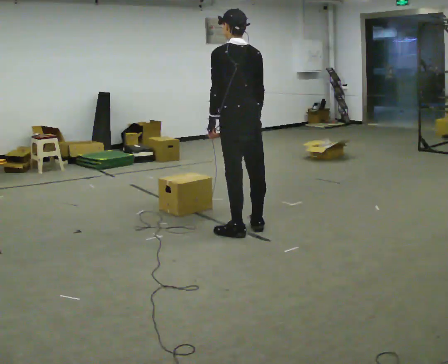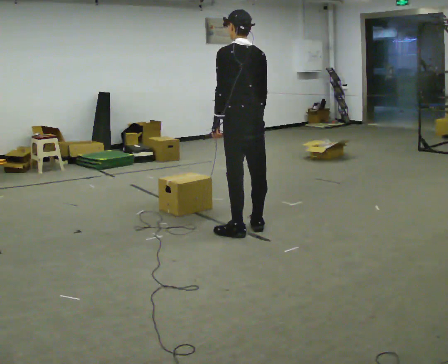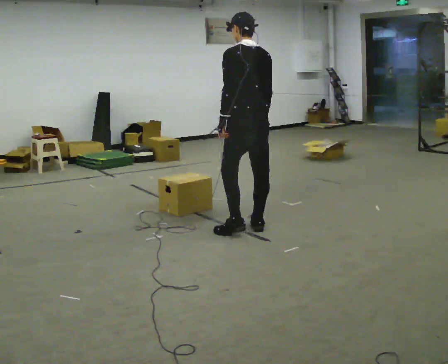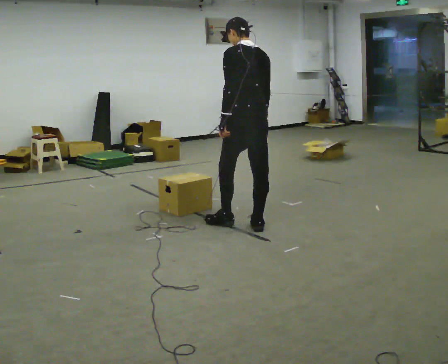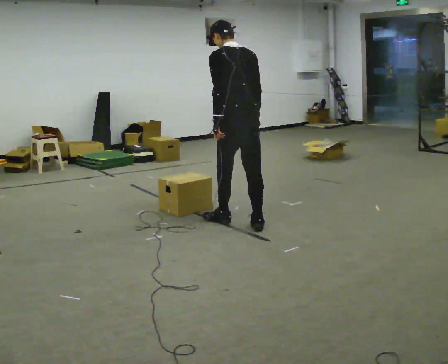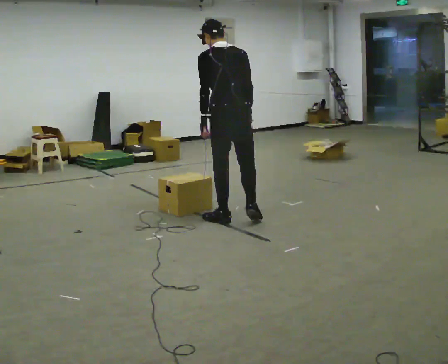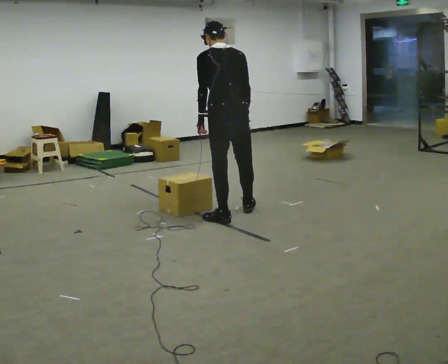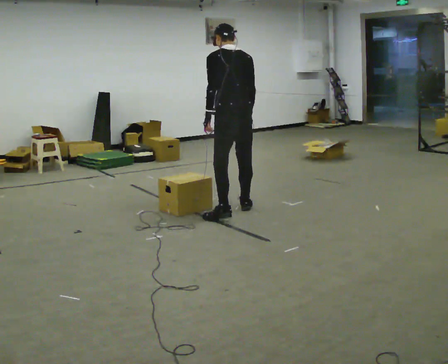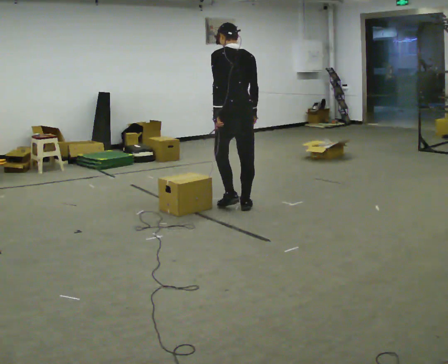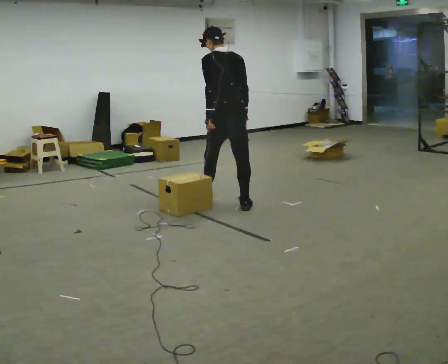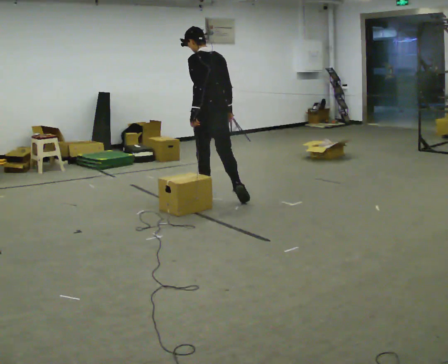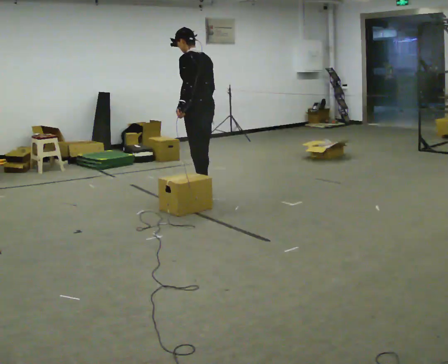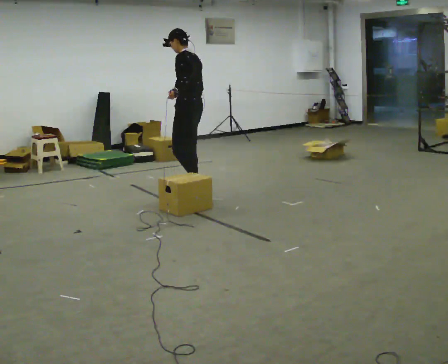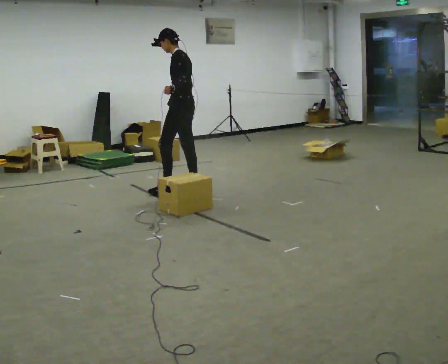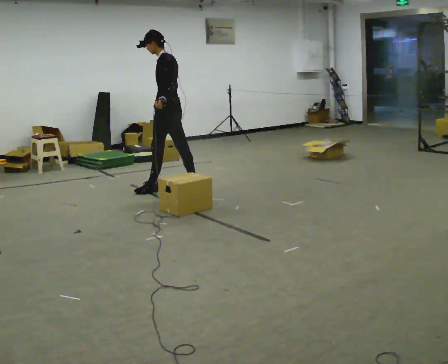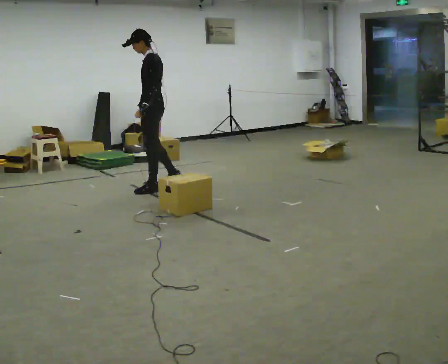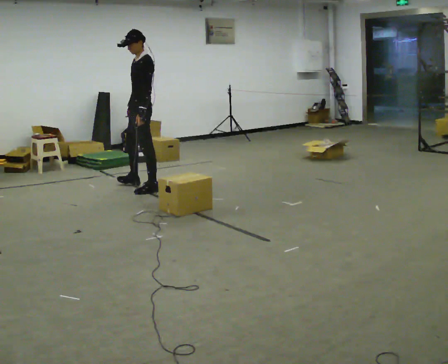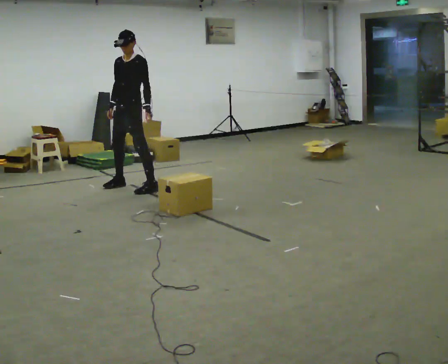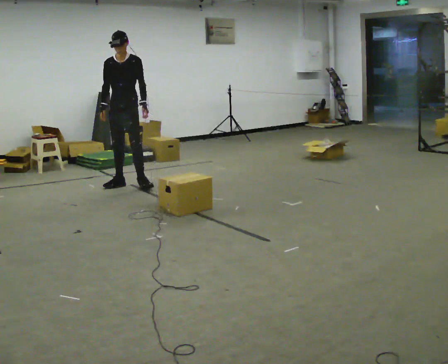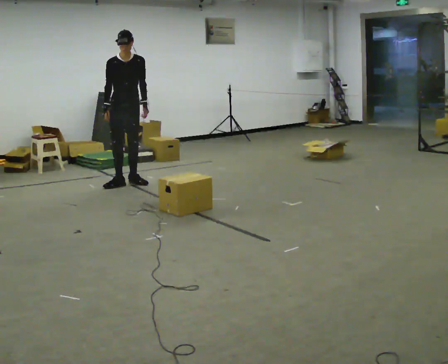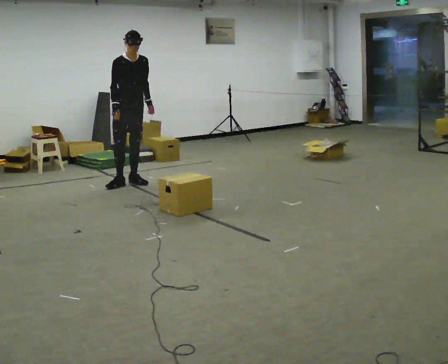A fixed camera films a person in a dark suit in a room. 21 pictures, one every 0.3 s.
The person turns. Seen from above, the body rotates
counterclockwise.
The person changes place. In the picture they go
away from the camera.
0.0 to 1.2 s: In the picture they go away from the camera, about 0.25 m in 1 step, which for them is forward.
1.2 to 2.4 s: In the picture they go away from the camera, about 0.5 m in 1 step, which for them is forward.
2.4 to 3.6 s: The person turns about 45 degrees to their left, counterclockwise seen from above, so the part of the body nearest the lens slides to the right. In the picture they go away from the camera and to the left, about 0.5 m in 2 steps, which for them is forward.
3.6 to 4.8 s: The person turns about 45 degrees to their left, counterclockwise seen from above, so the part of the body nearest the lens slides to the right. In the picture they go to the left and away from the camera, about 0.5 m in 1 step, which for them is forward.
4.8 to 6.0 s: Seen from above the body turns counterclockwise, about 105 degrees: to their left, with its near side sliding to the right. In the picture they go away from the camera and to the left, about 0.5 m in 2 steps.
The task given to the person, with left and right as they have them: Walk toward obstacle; alter path to avoid it; continue toward original destination.
The film runs forward here.
